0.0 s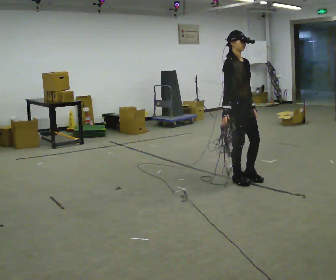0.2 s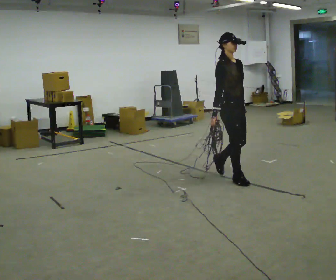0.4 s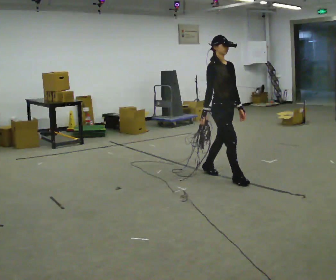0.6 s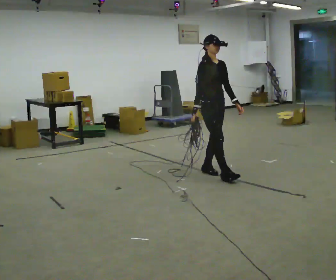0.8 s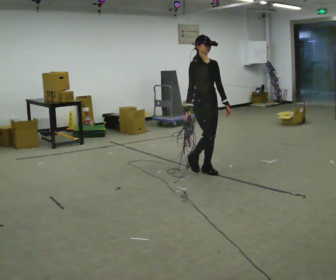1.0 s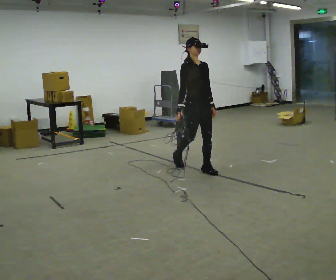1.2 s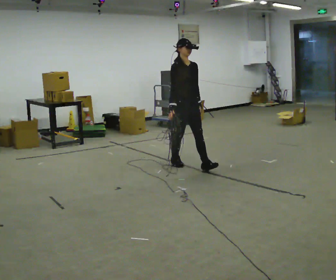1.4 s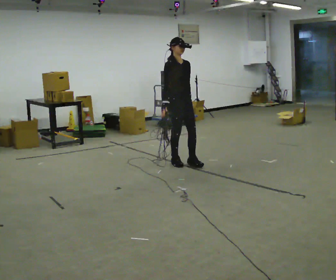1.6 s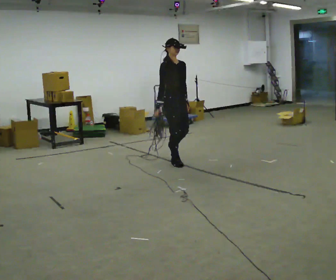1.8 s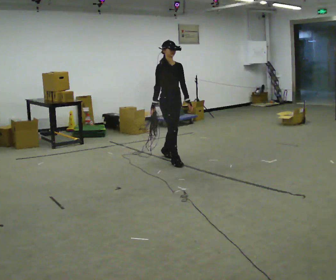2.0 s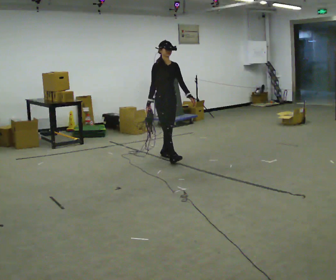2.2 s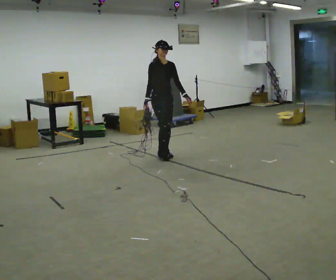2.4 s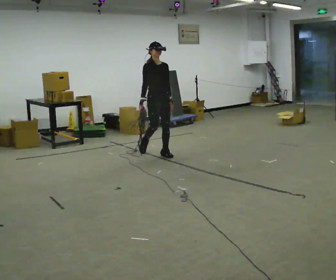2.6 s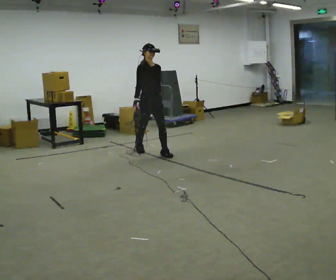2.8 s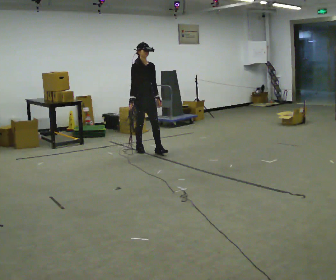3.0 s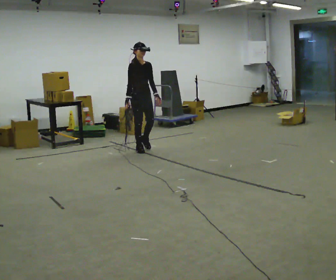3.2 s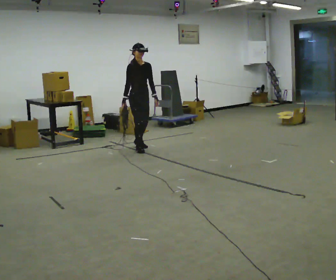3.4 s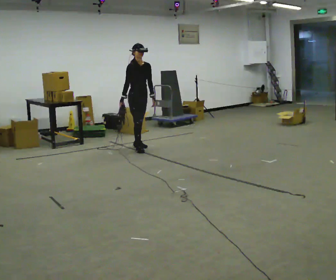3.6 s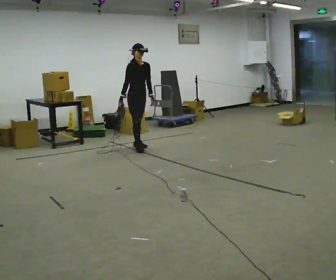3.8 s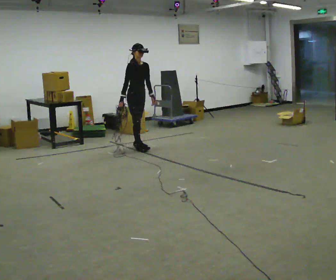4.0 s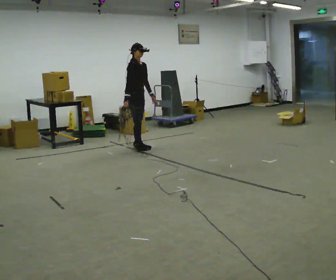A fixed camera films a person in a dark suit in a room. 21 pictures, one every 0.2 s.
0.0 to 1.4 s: In the picture they go away from the camera and to the left, about 1 m in 2 steps, which for them is backward.
1.4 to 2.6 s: In the picture they go away from the camera and to the left, about 1 m in 1 step, which for them is backward.
2.6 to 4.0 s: The part of the body nearest the lens slides to the right as the person turns to their left by about 30 degrees. In the picture they go away from the camera and to the left, about 0.5 m in 1 step, which for them is backward.
The film runs backward here.
